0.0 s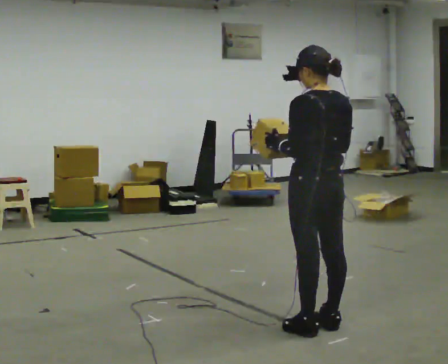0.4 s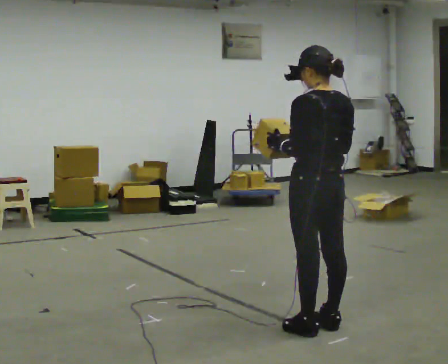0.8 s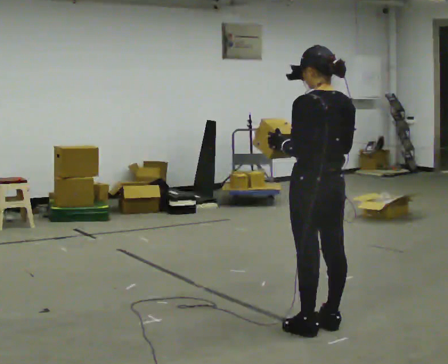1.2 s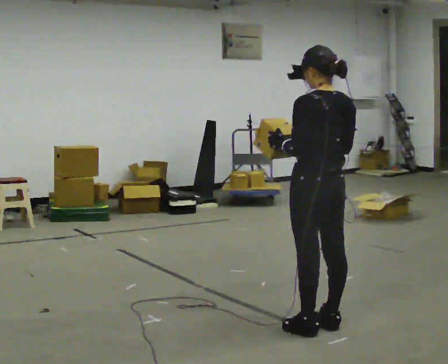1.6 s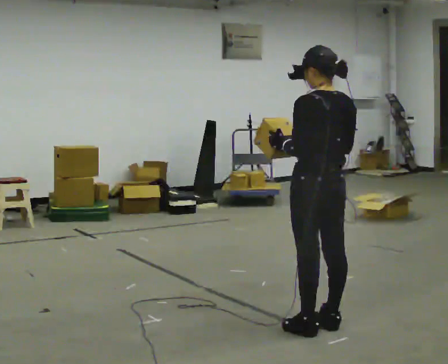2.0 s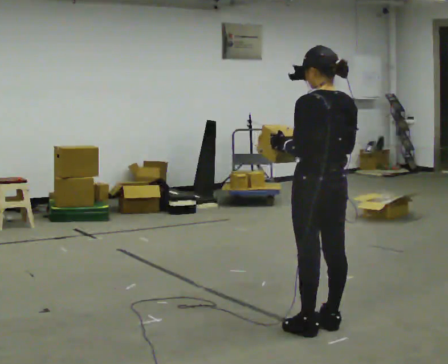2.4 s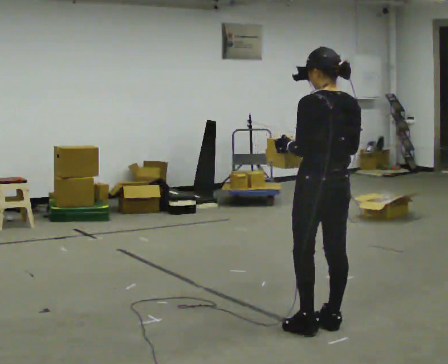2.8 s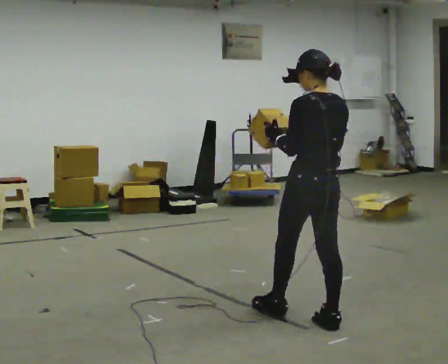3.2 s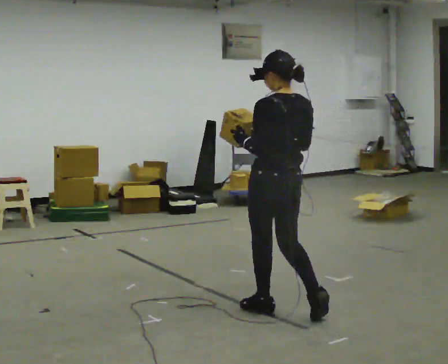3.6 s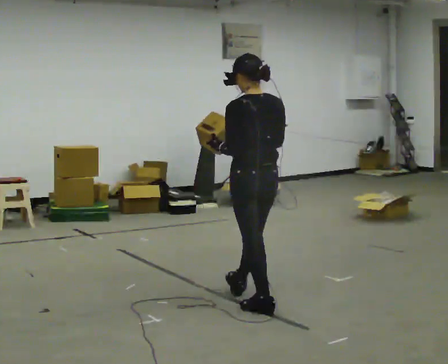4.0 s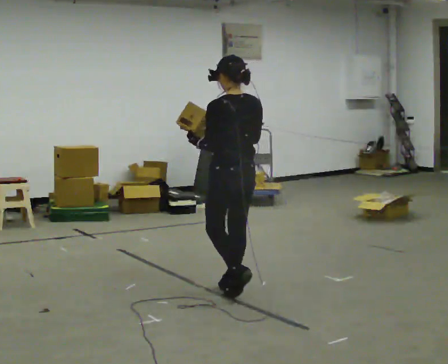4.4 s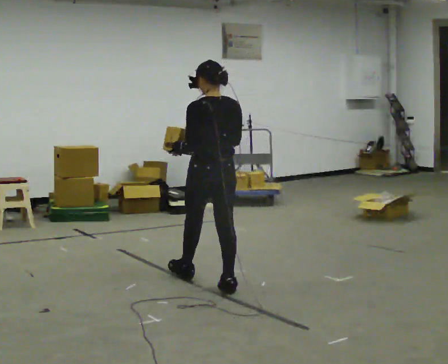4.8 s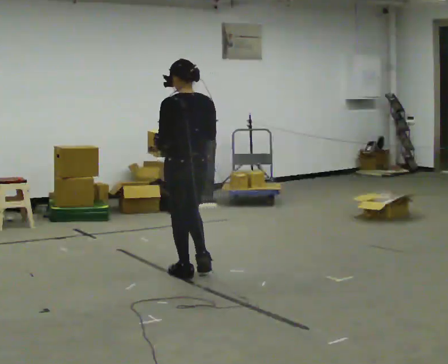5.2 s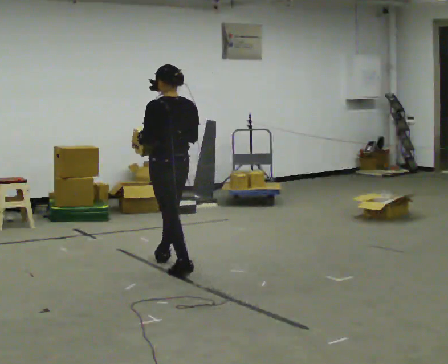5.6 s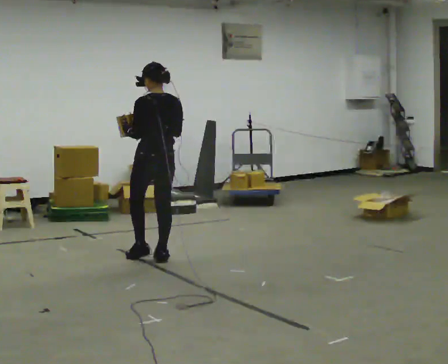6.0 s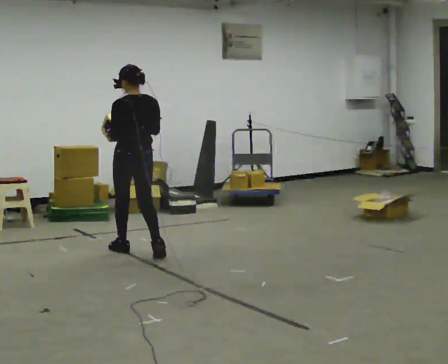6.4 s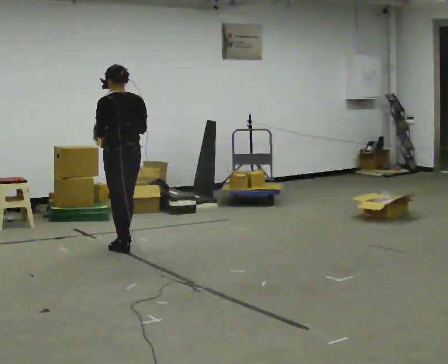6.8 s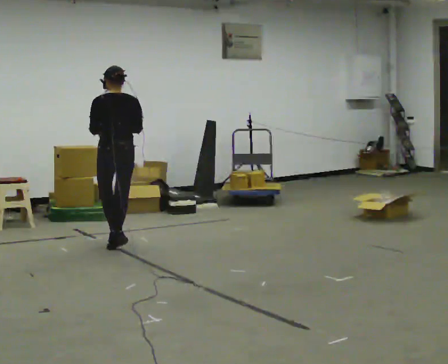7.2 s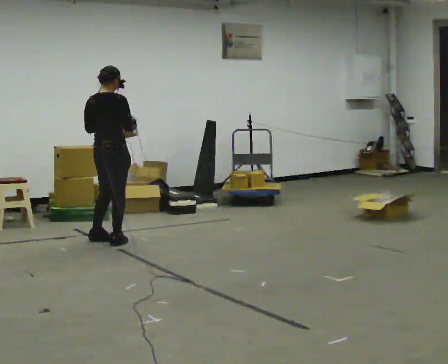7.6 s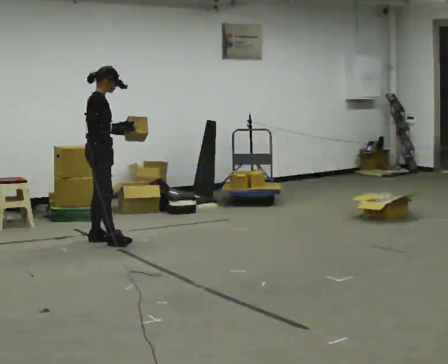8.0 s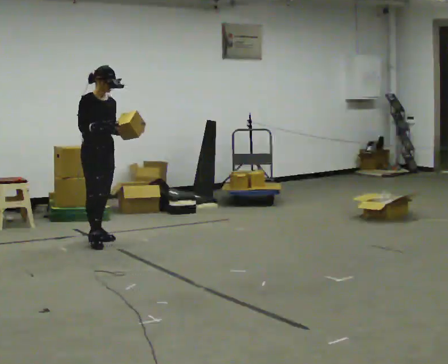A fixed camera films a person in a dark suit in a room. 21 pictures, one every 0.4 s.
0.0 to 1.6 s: The person keeps their place and pose.
1.6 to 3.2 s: In the picture they go away from the camera and to the left, about 0.25 m in 1 step, which for them is forward.
3.2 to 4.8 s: In the picture they go away from the camera and to the left, about 1 m in 2 steps, which for them is forward.
4.8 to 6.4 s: In the picture they go away from the camera and to the left, about 1 m in 2 steps, which for them is forward.
6.4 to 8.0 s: Seen from above the body turns clockwise, about 165 degrees: to their right, with its near side sliding to the left. In the picture they go to the left and away from the camera, about 0.5 m in 3 steps.
The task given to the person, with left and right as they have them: Carry the box and, while you are still walking, turn it so you can read the label, read it out loud, then carry on. Repeat with the next box. Do not stop to read it.
The film runs forward here.
